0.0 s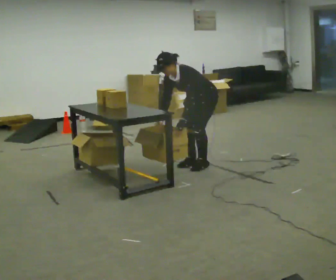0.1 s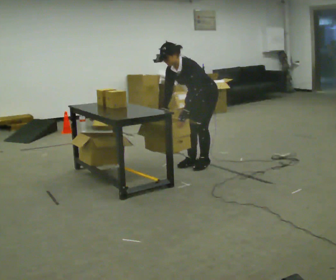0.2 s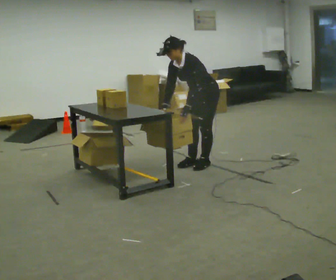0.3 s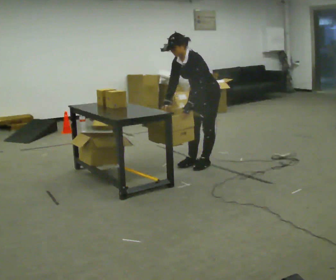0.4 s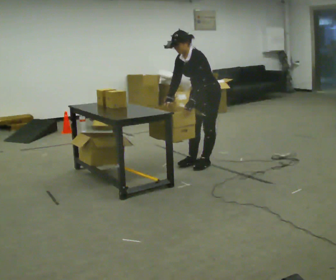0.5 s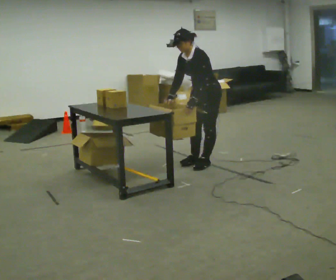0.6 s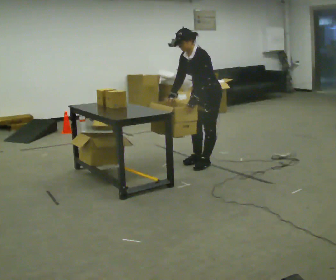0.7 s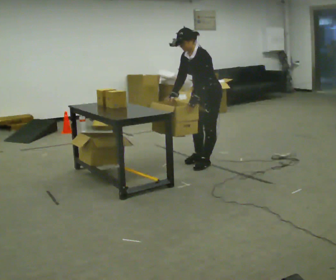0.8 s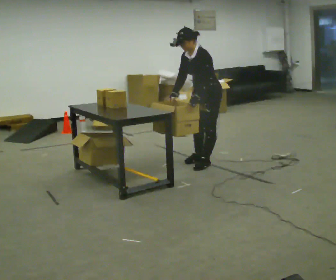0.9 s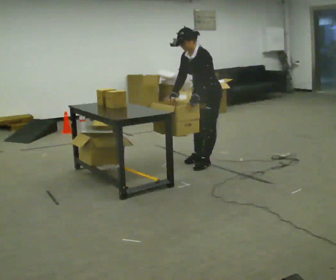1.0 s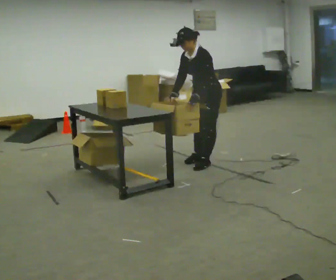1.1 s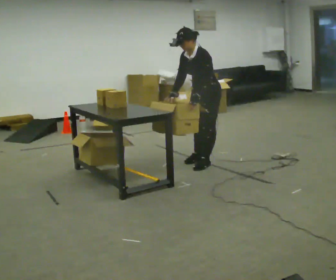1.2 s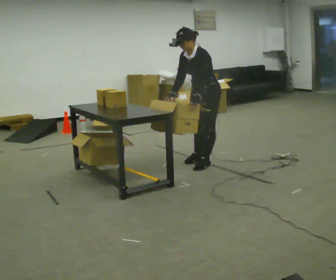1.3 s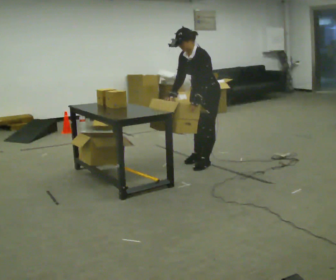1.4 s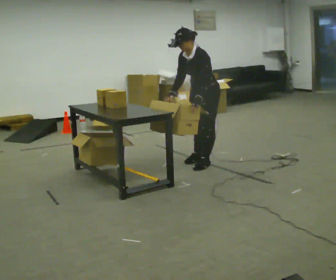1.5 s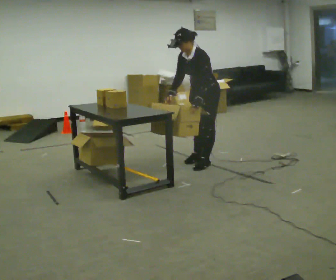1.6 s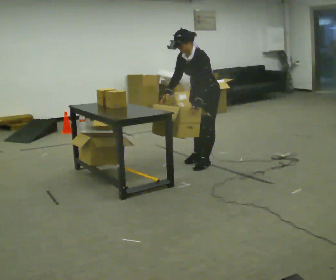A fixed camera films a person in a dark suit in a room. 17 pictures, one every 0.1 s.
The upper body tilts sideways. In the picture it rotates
clockwise.
0.0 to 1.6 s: The upper body goes upward. In the picture the upper body tilts clockwise, shoulders to the right, as they lean back or straighten.
The film runs backward here.
